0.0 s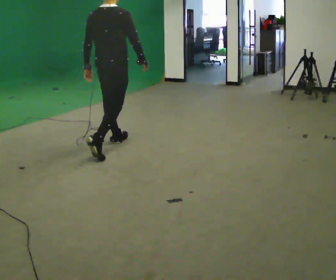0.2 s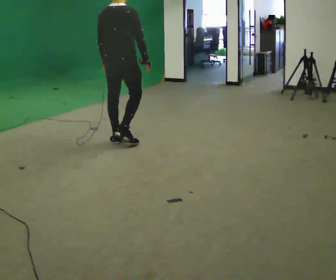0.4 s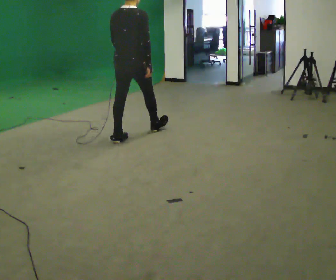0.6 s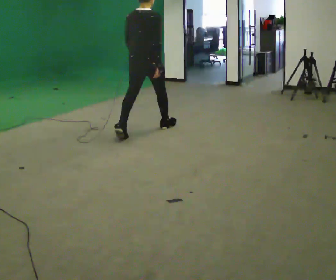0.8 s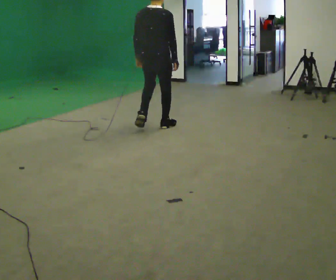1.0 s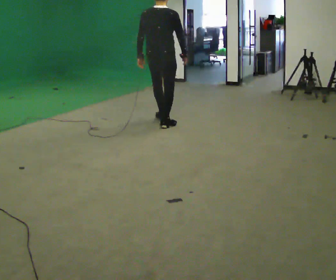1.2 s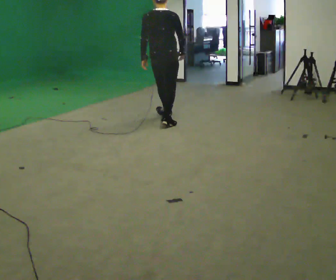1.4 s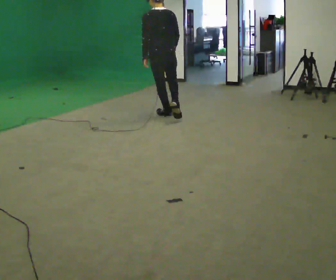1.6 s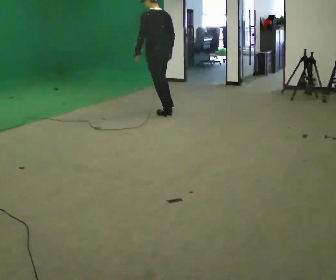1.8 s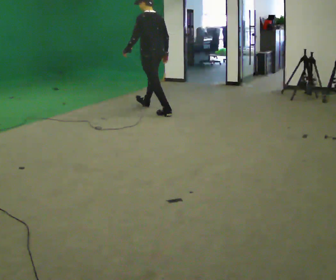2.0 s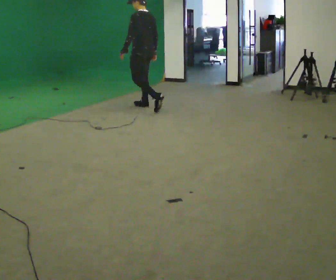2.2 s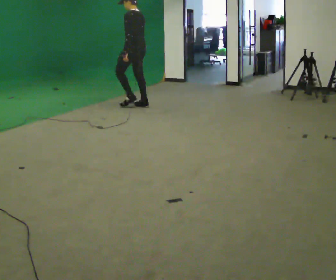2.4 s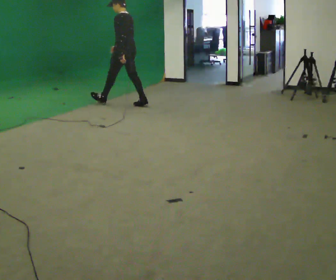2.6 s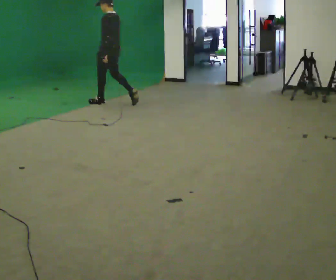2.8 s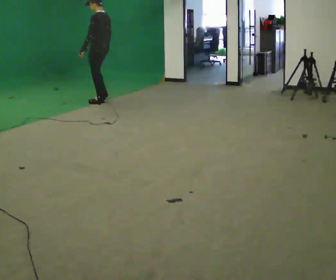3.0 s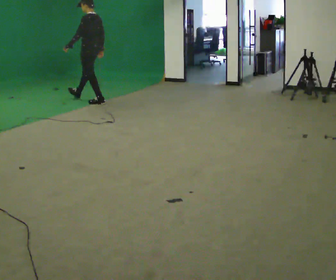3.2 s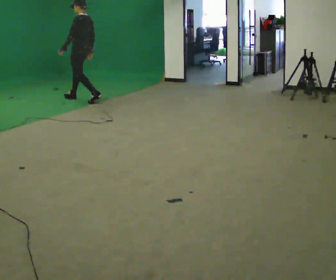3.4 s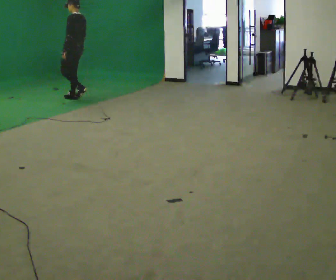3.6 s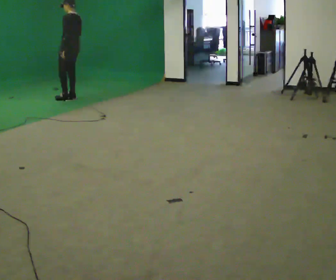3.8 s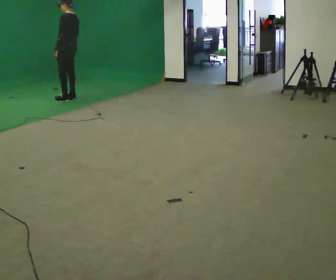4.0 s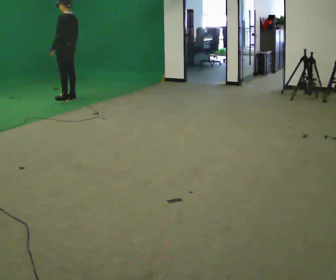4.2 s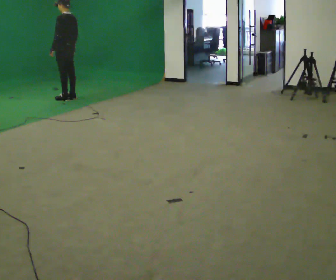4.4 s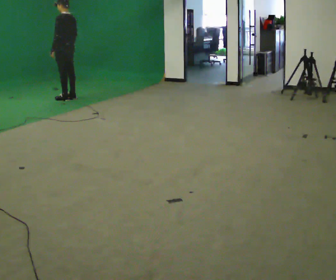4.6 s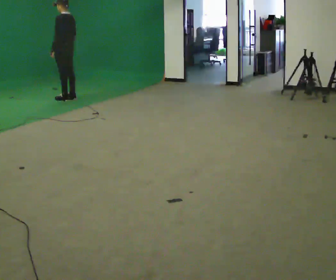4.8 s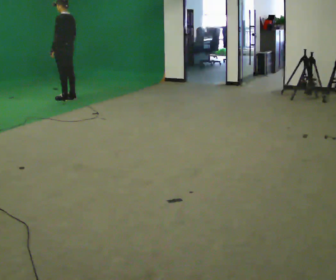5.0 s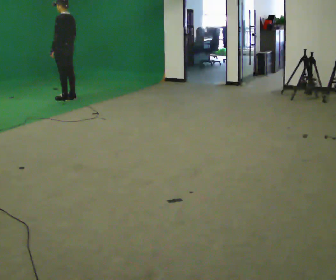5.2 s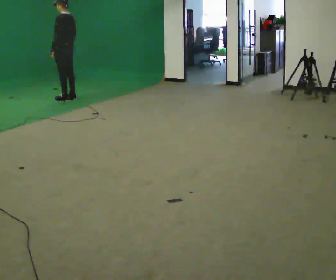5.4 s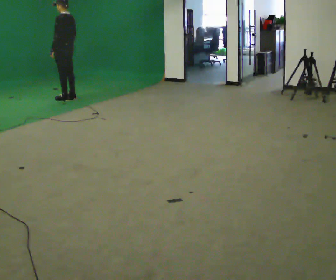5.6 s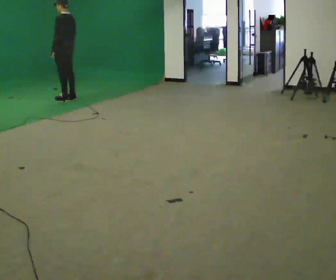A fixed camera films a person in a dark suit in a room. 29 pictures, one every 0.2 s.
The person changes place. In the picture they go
away from the camera.
The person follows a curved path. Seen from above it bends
counterclockwise.
0.0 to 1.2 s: In the picture they go away from the camera and to the right, about 1 m in 2 steps, which for them is forward.
1.2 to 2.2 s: Seen from above the body turns counterclockwise, about 60 degrees: to their left, with its near side sliding to the right. In the picture they go away from the camera, about 1 m in 1 step.
2.2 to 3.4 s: In the picture they go to the left and away from the camera, about 1 m in 2 steps, which for them is forward.
3.4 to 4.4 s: In the picture they go to the left, about 0.25 m in 1 step, which for them is forward.
4.4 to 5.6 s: The person moves a little, or ends about where they began.
The film runs forward here.
